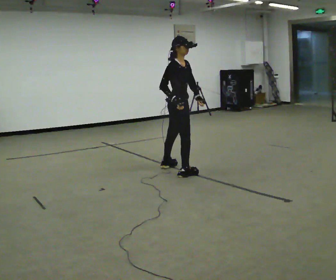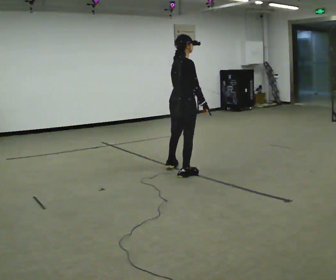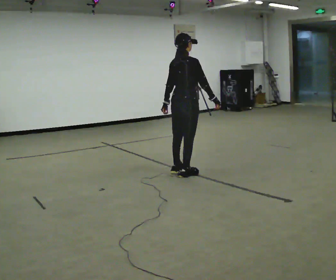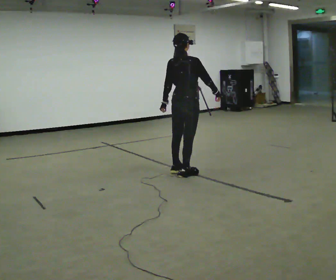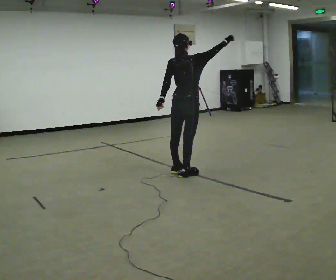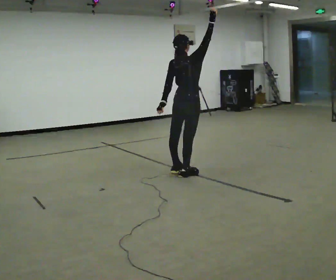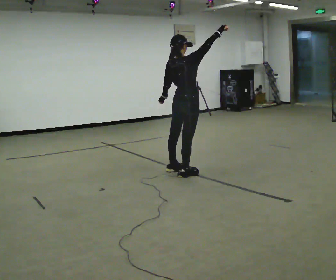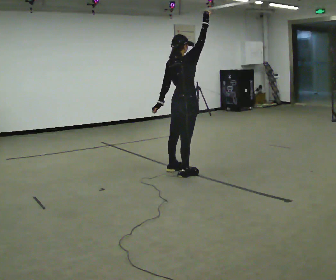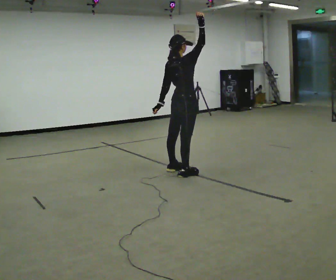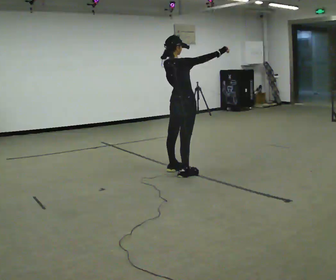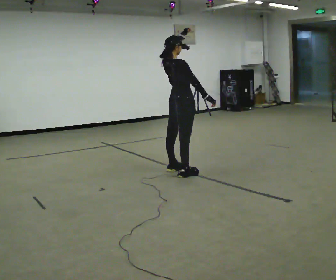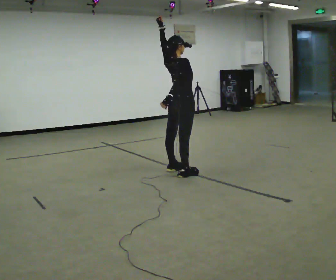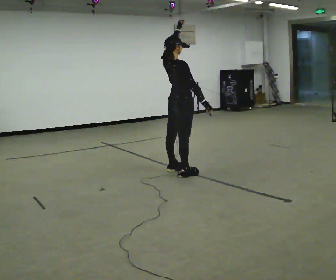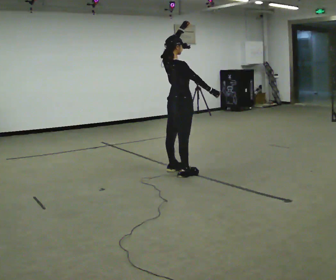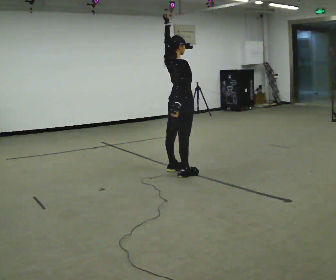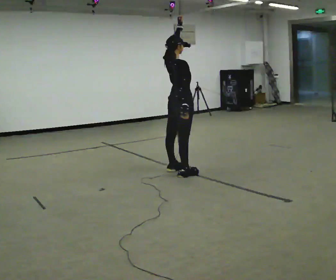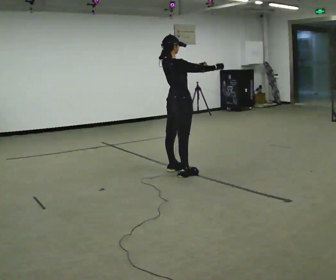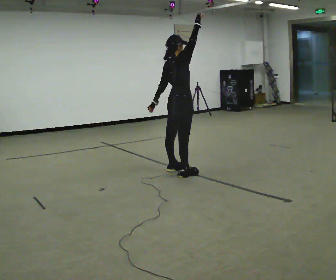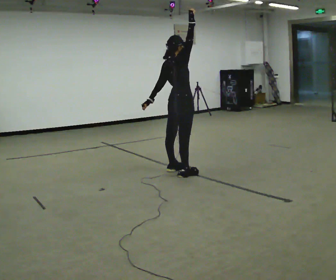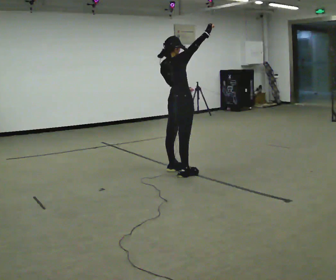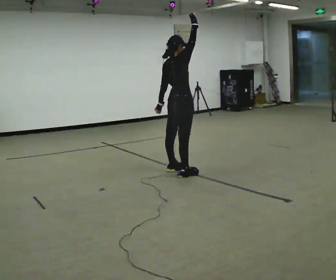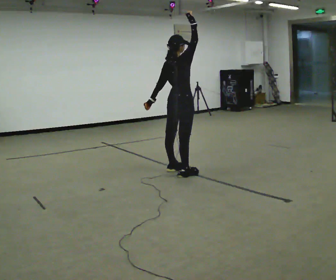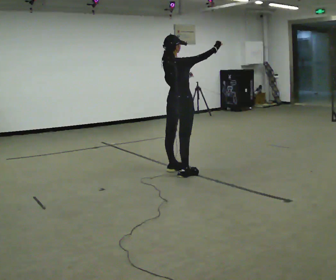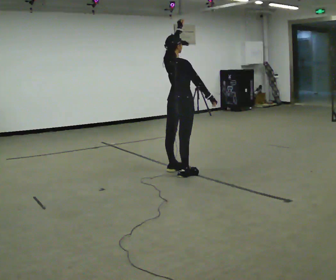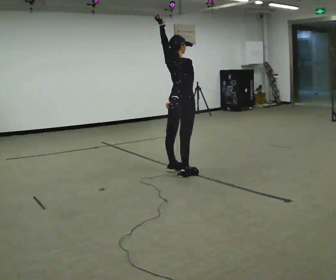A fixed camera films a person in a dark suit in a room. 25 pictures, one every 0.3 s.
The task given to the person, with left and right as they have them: Repeat a short dance step or sequence over and over in time with a steady beat.
0.0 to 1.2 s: Seen from above the body turns counterclockwise, about 60 degrees: to their left, with its near side sliding to the right. In the picture their right hand goes upward and to the right, the arm swinging counterclockwise.
1.2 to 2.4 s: Seen from above the body turns clockwise, about 30 degrees: to their right, with its near side sliding to the left. In the picture their right hand goes to the left.
2.4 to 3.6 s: In the picture their left hand goes upward.
3.6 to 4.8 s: In the picture their left hand goes downward.
4.8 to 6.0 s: In the picture their left hand goes to the left and downward.
6.0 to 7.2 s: In the picture their left hand goes upward.
The film runs forward here.
